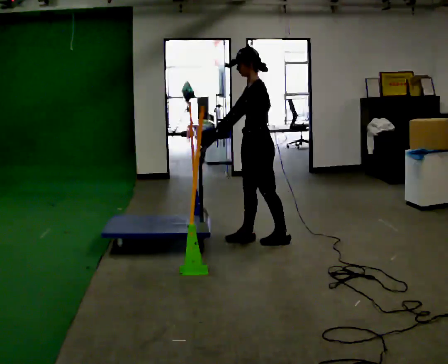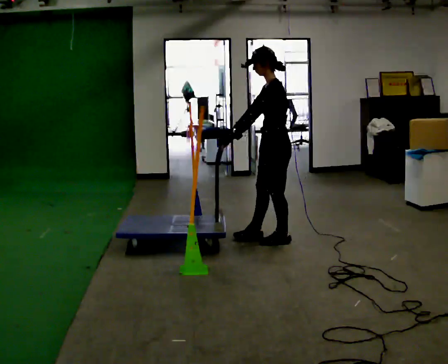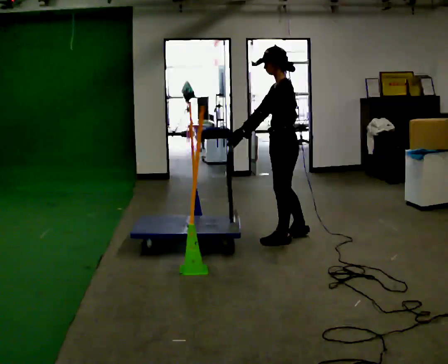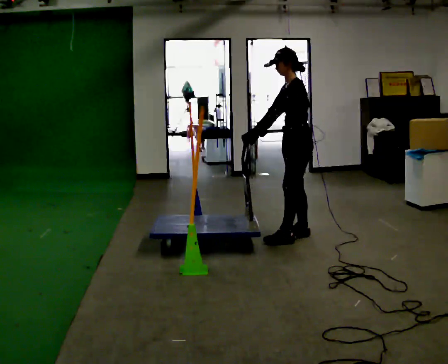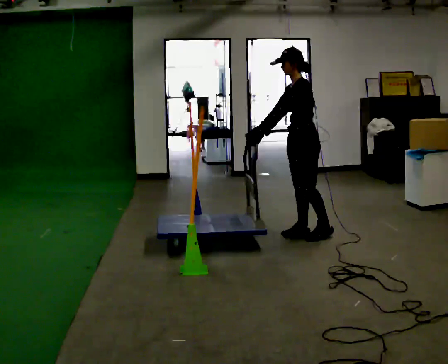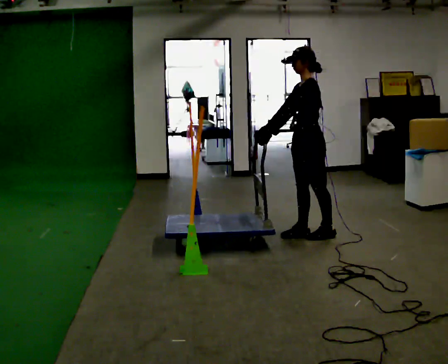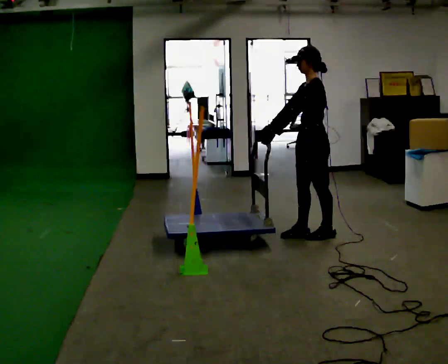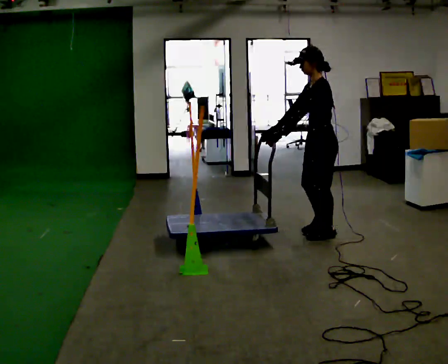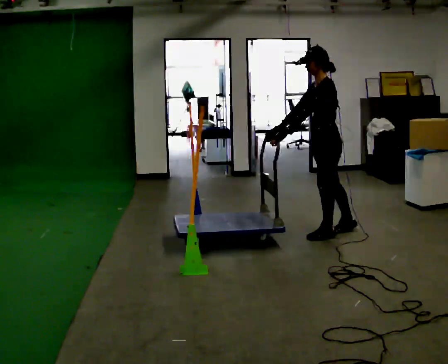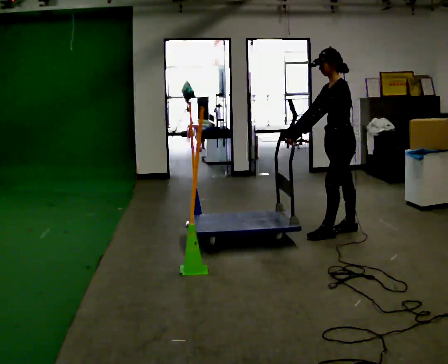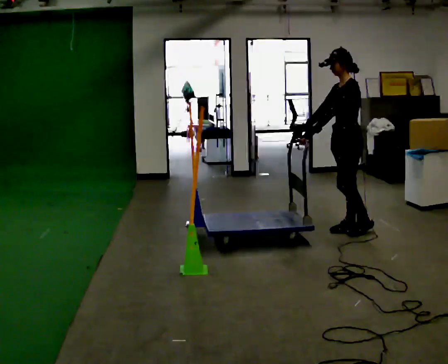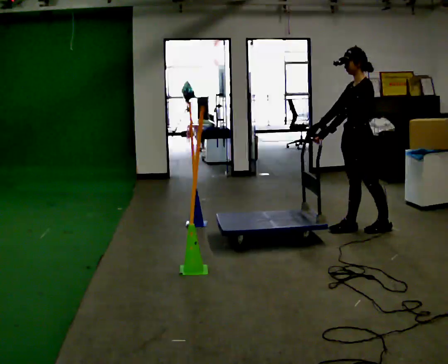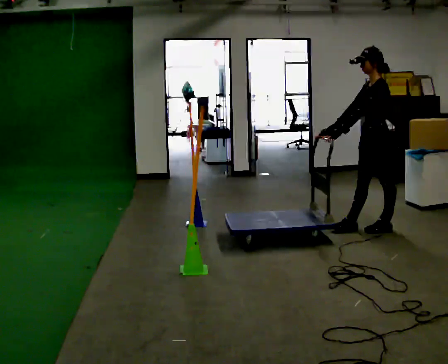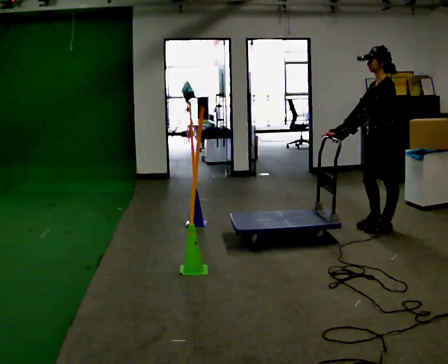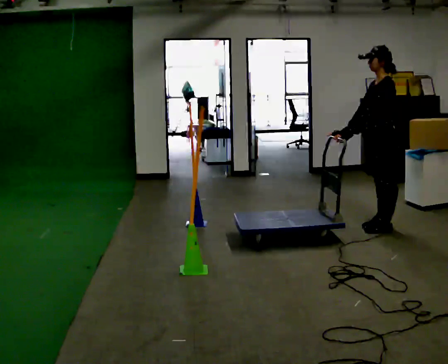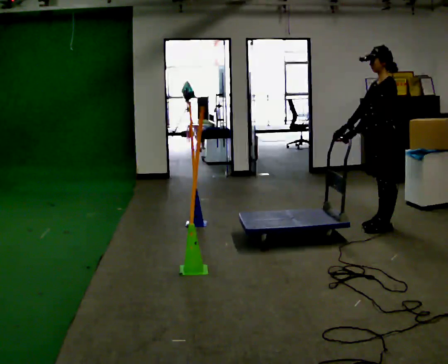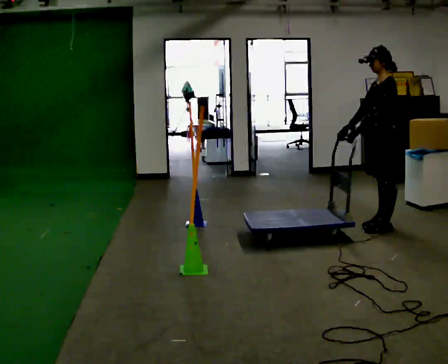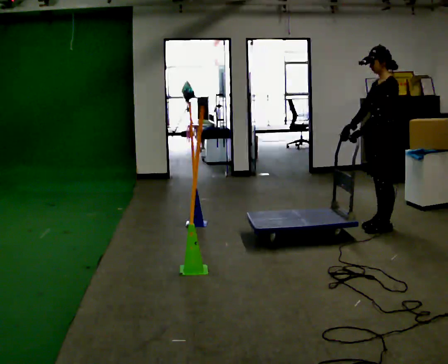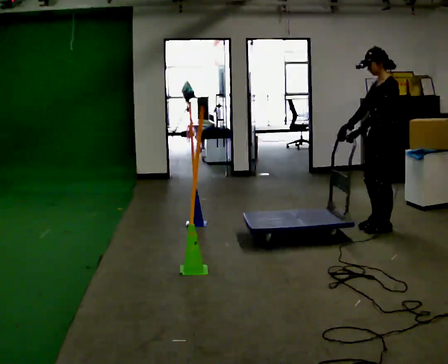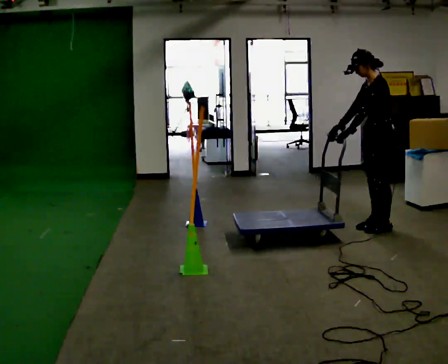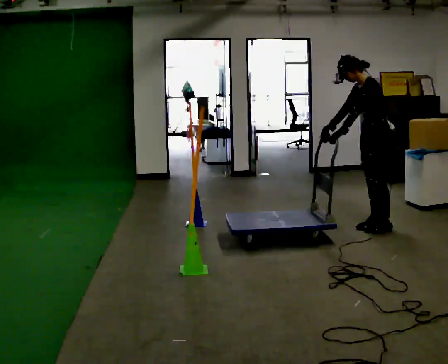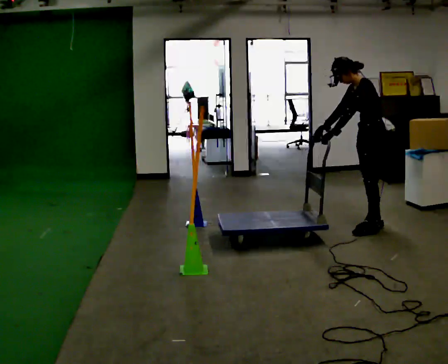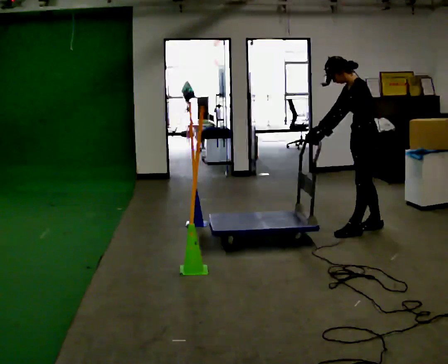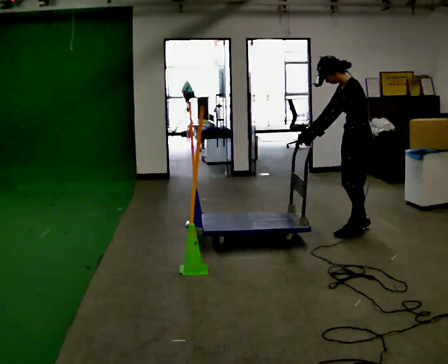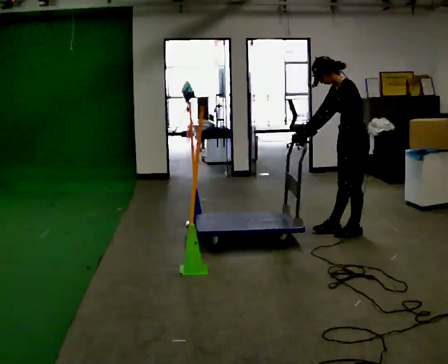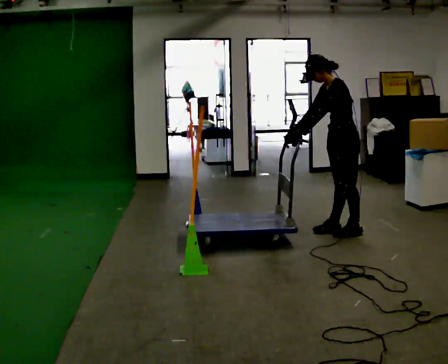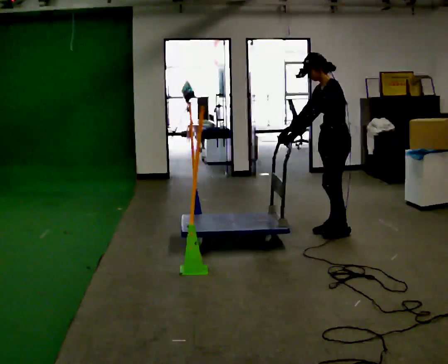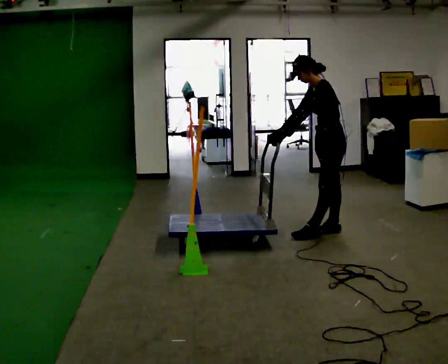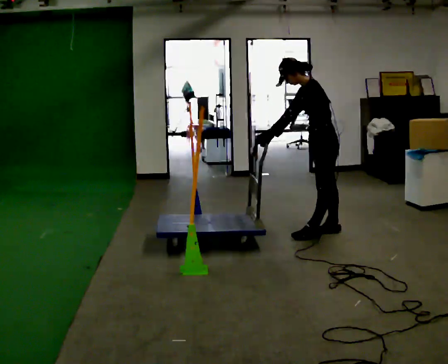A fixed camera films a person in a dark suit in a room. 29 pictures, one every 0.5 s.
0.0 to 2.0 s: In the picture they go to the right and away from the camera, about 0.5 m in 2 steps, which for them is backward.
2.0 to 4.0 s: In the picture they go to the right, about 0.25 m in 1 step, which for them is backward.
4.0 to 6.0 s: In the picture they go to the right, about 0.5 m in 1 step, which for them is backward.
6.0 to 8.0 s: The person moves a little, or ends about where they began.
8.0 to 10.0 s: In the picture the upper body tilts counterclockwise, shoulders to the left, as they bend forward.
10.0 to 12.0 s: In the picture they go to the left and toward the camera, about 0.25 m in 2 steps, which for them is forward and to their left.
12.0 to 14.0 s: In the picture they go to the left, about 0.25 m in 1 step, which for them is forward.
The film runs backward here.
